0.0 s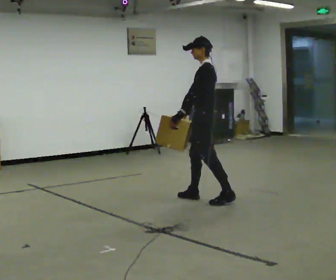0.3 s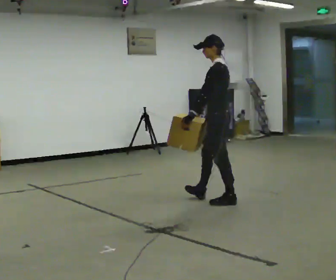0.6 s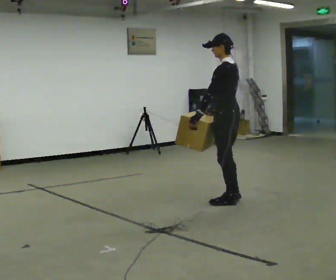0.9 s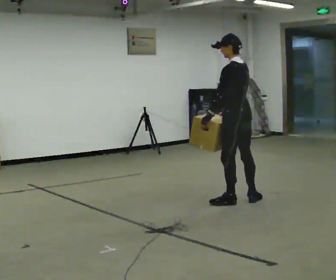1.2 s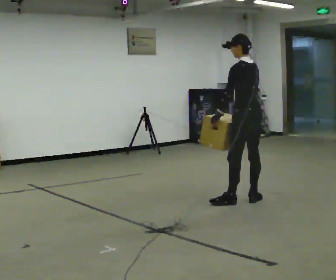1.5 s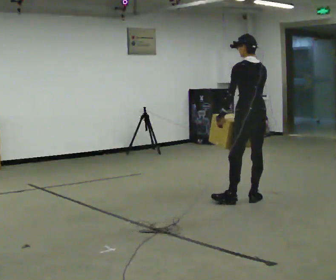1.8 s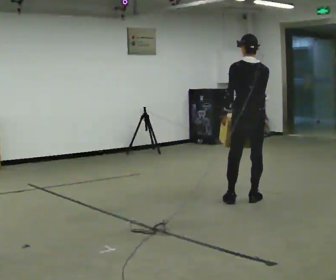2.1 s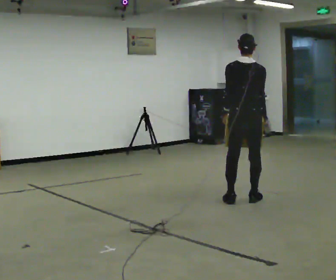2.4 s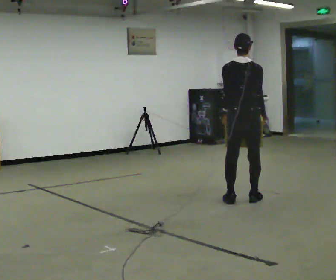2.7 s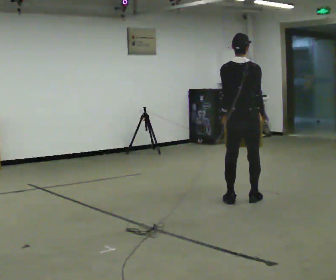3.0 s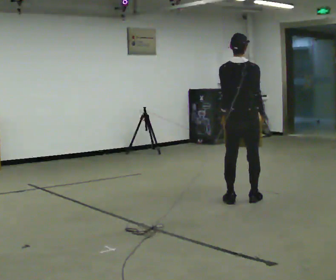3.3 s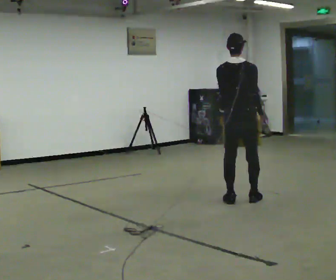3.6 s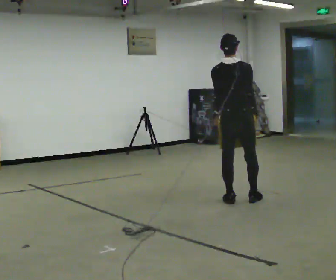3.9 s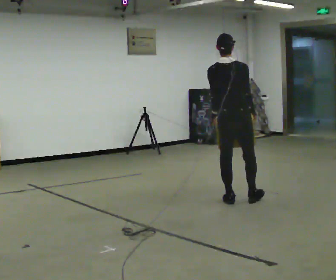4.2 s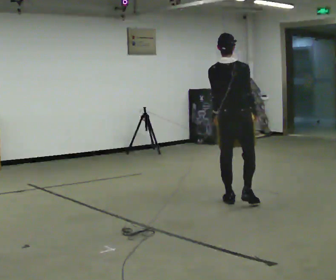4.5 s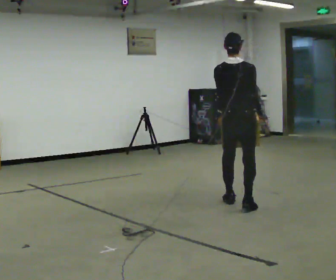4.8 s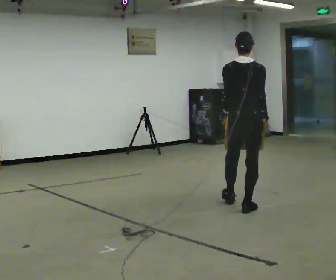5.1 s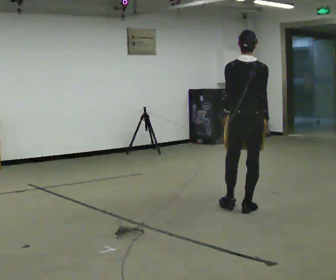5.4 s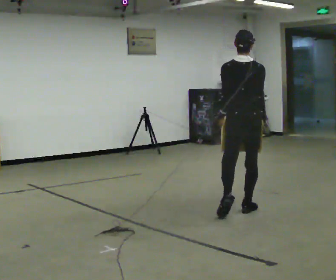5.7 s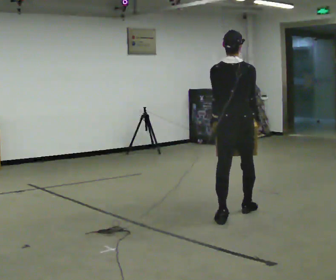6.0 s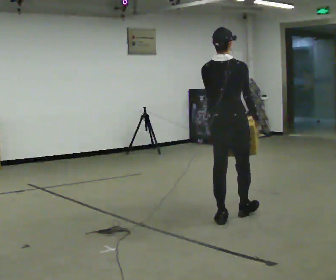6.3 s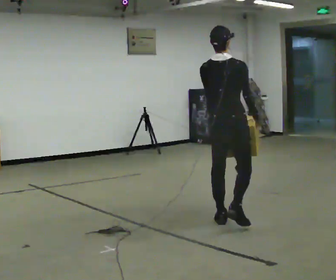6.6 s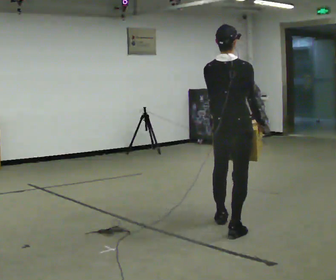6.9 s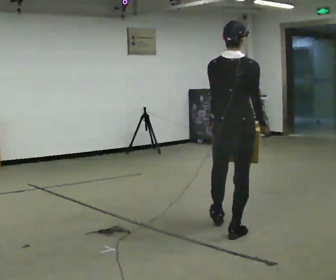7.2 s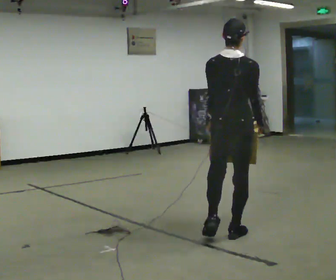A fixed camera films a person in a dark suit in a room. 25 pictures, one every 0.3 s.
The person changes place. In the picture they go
toward the camera.
0.0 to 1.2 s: The person turns about 30 degrees to their right, clockwise seen from above, so the part of the body nearest the lens slides to the left. In the picture they go to the right, about 0.5 m in 1 step, which for them is backward.
1.2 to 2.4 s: Seen from above the body turns clockwise, about 60 degrees: to their right, with its near side sliding to the left.
2.4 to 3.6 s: The person moves a little, or ends about where they began.
3.6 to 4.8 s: In the picture they go toward the camera, about 0.25 m in 1 step, which for them is backward.
4.8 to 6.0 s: In the picture they go toward the camera, about 0.5 m in 2 steps, which for them is backward and to their left.
6.0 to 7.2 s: In the picture they go toward the camera, about 0.5 m in 1 step, which for them is backward.
The film runs backward here.
